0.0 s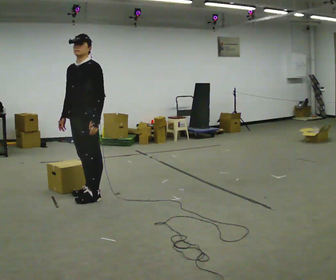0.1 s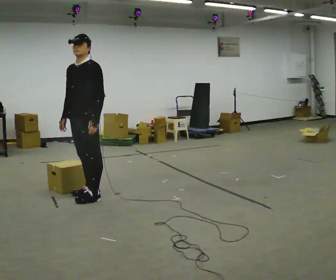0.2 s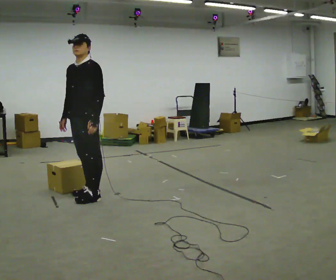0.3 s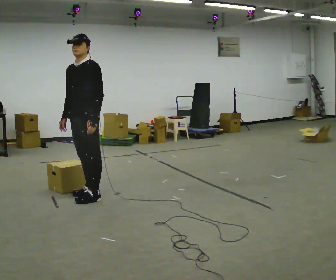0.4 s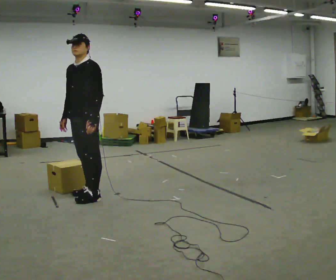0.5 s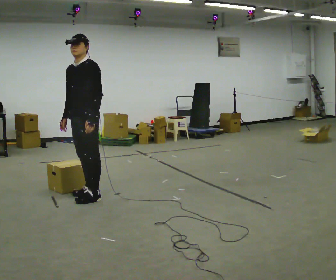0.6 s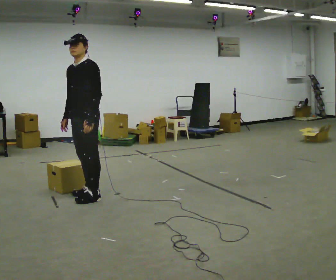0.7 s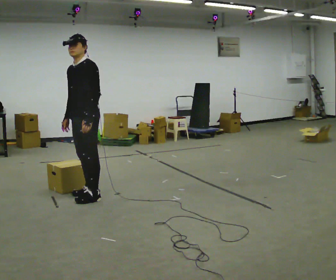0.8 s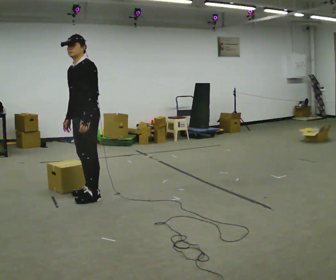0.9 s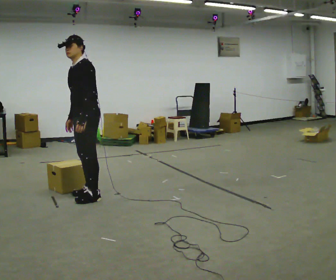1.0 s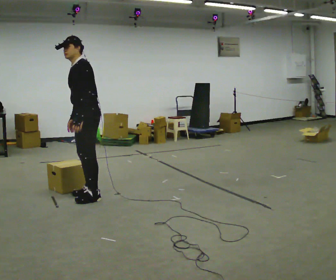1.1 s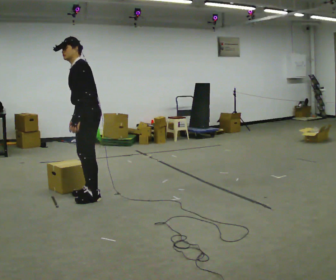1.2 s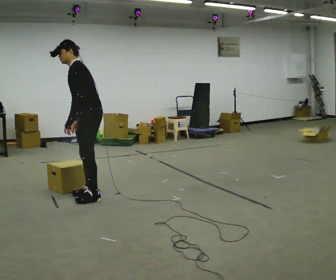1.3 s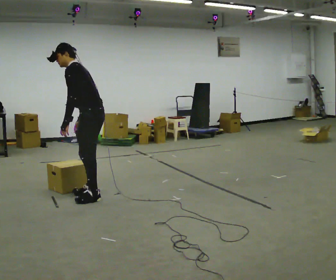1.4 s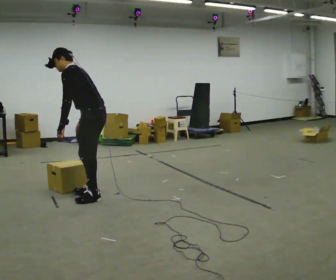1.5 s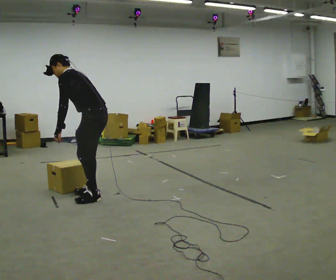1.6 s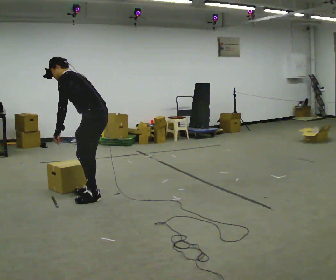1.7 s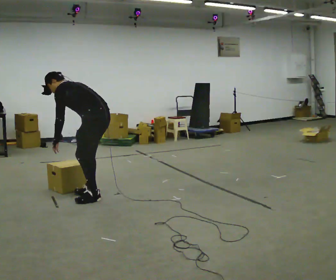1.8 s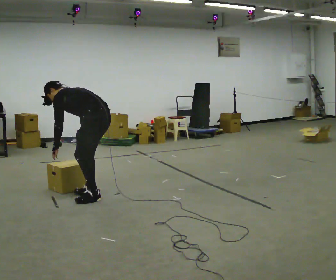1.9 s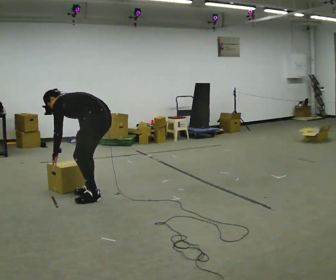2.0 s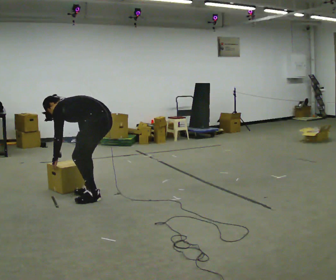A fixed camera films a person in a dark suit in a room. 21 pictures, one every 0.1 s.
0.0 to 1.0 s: Seen from above the body turns clockwise, about 30 degrees: to their right, with its near side sliding to the left.
1.0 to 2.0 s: The person turns about 30 degrees to their right, clockwise seen from above, so the part of the body nearest the lens slides to the left. The upper body goes downward. In the picture the upper body tilts counterclockwise, shoulders to the left, as they bend forward. In the picture their left hand goes downward and to the left.
The film runs forward here.
